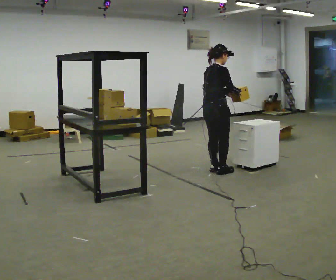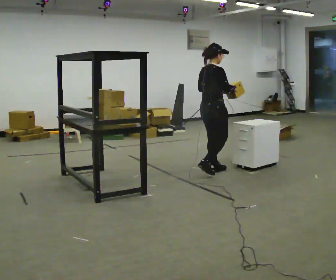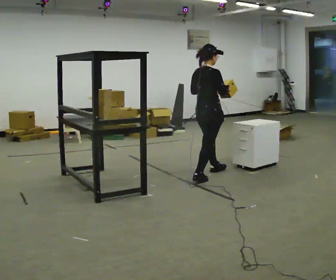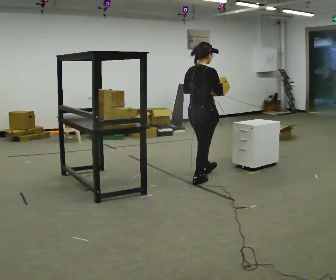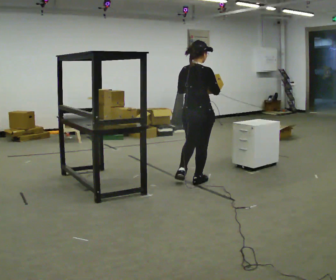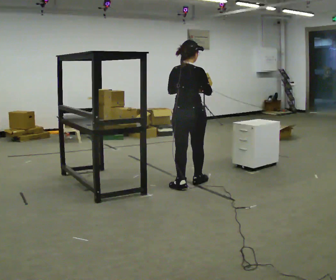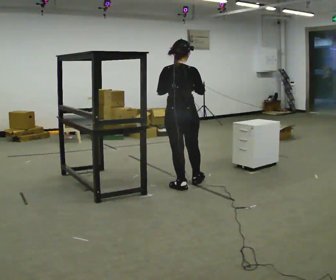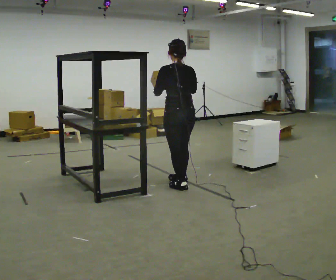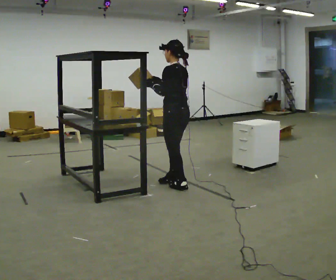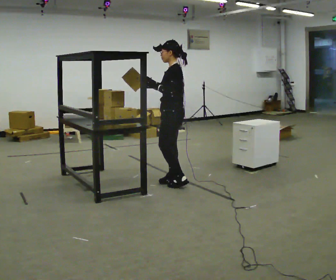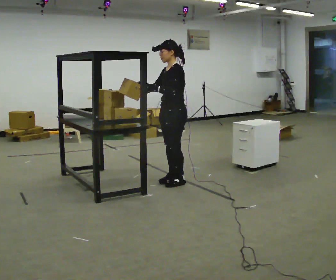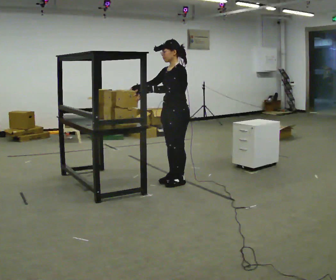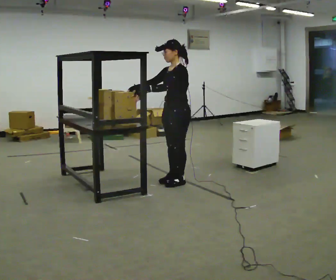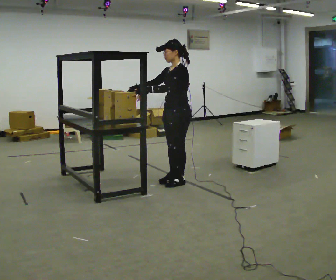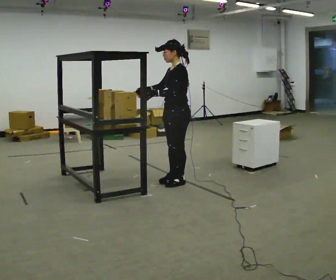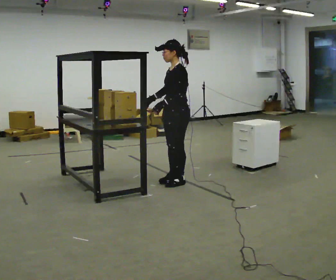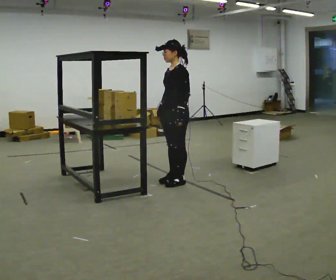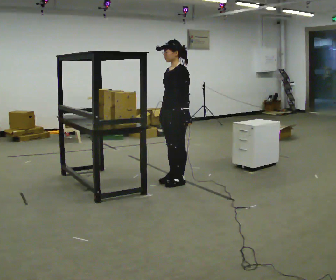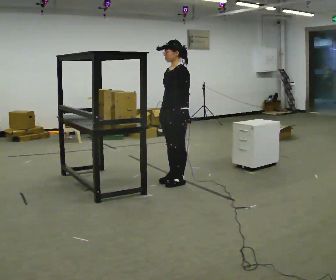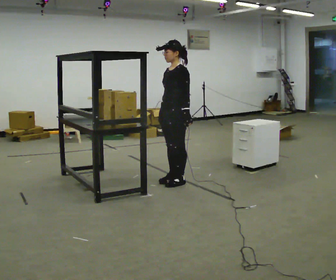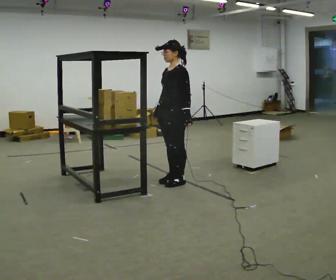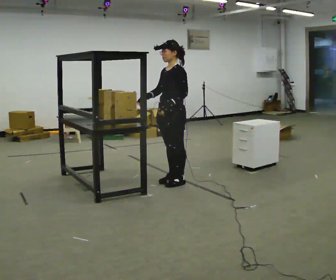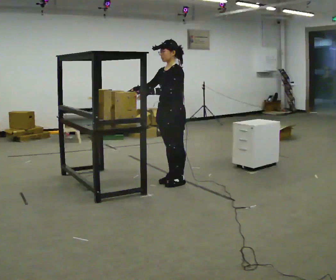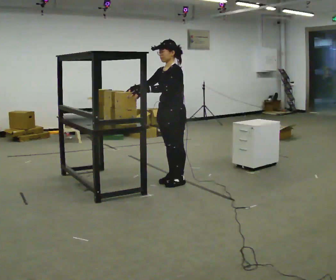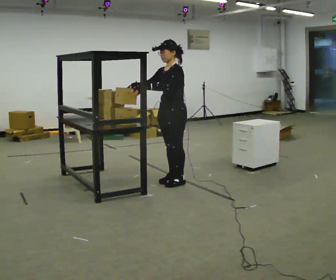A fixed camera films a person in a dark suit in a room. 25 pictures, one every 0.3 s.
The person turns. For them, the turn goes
to their left.
The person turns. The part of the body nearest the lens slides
to the right.
0.0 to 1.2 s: The person turns about 30 degrees to their left, counterclockwise seen from above, so the part of the body nearest the lens slides to the right. In the picture they go toward the camera and to the left, about 0.5 m in 2 steps, which for them is backward and to their right.
1.2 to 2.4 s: Seen from above the body turns counterclockwise, about 90 degrees: to their left, with its near side sliding to the right. In the picture they go to the left, about 0.25 m in 1 step. In the picture their right hand goes to the left.
2.4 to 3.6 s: The part of the body nearest the lens slides to the right as the person turns to their left by about 60 degrees.
3.6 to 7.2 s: The person moves a little, or ends about where they began.
The film runs backward here.
